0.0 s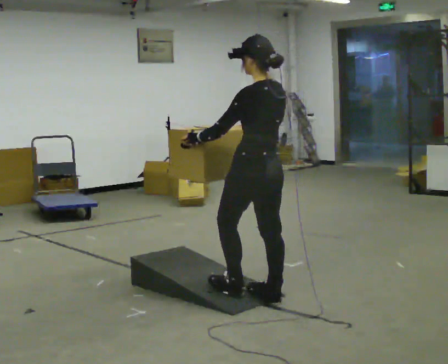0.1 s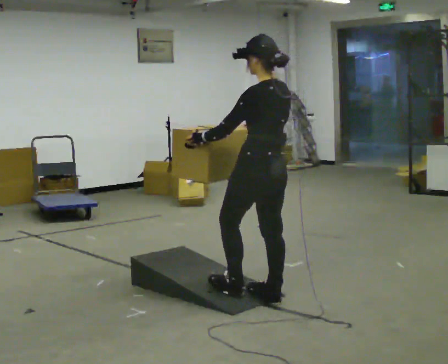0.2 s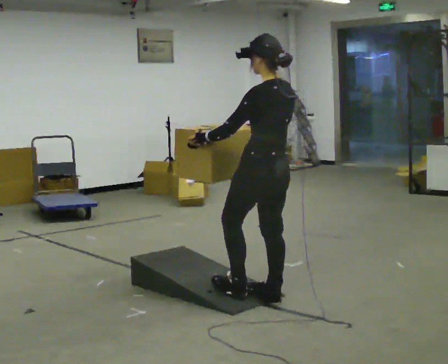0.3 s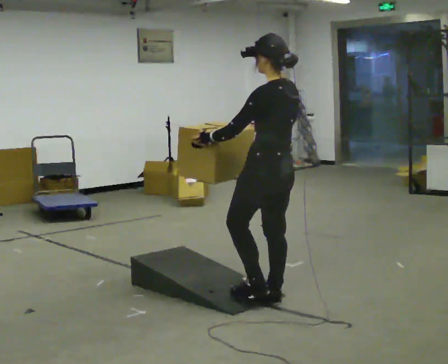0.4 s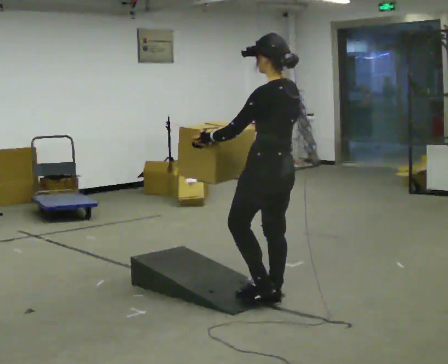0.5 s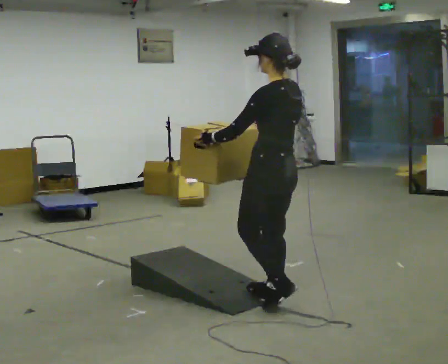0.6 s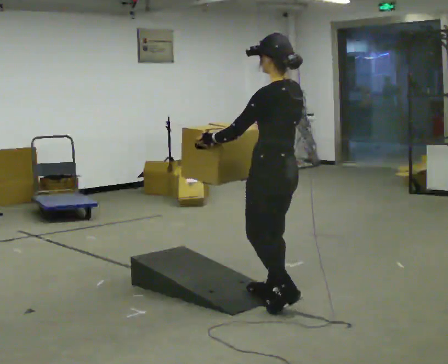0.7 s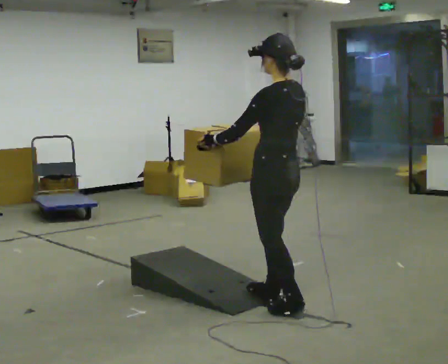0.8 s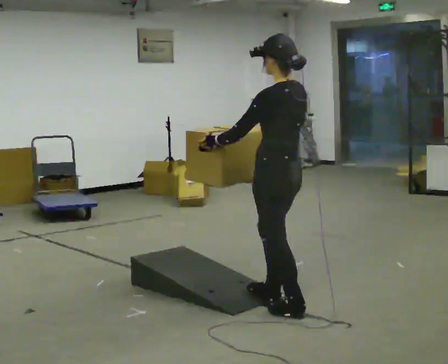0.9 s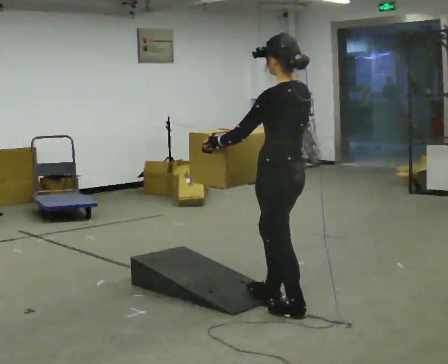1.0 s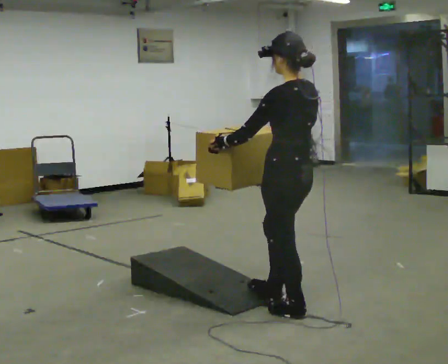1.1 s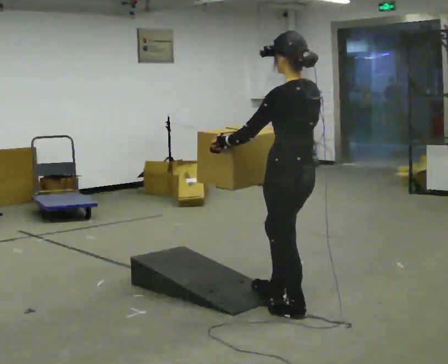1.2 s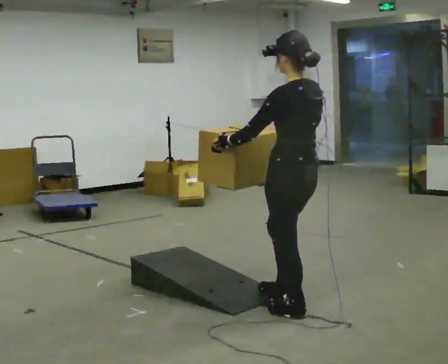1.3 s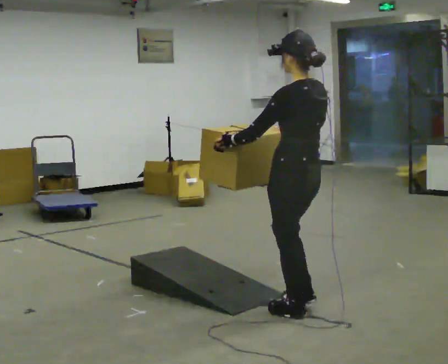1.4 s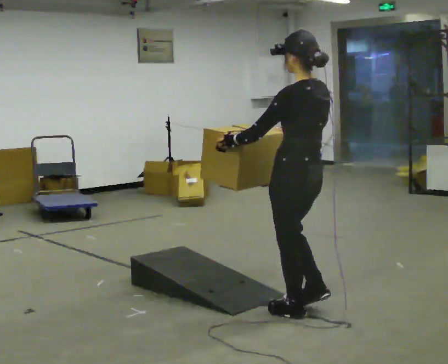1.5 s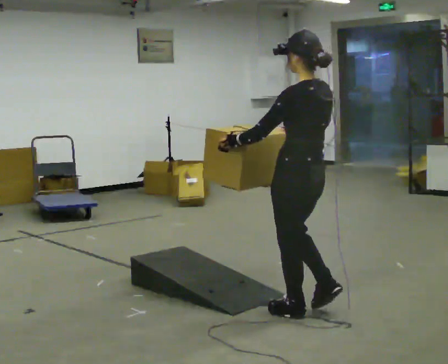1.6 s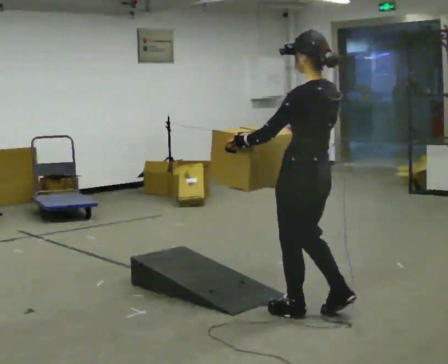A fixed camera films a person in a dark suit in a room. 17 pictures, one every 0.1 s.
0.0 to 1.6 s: In the picture they go toward the camera and to the right, about 0.5 m in 2 steps, which for them is backward.
The film runs backward here.
